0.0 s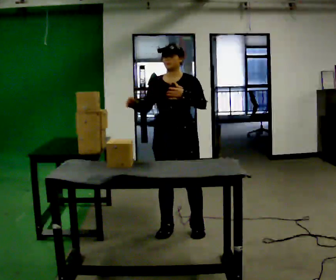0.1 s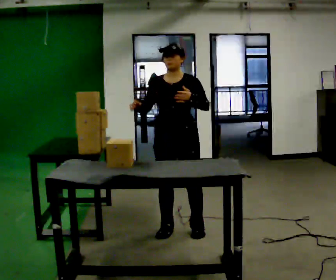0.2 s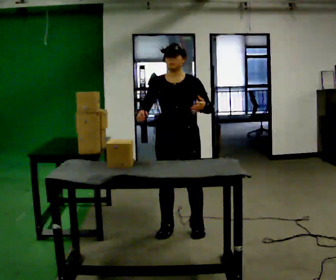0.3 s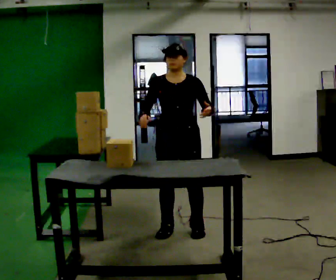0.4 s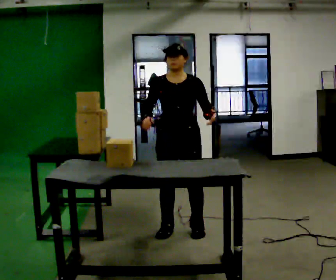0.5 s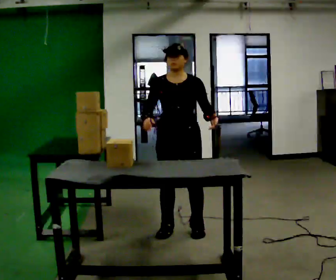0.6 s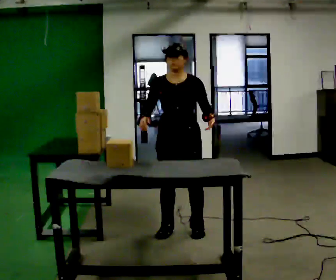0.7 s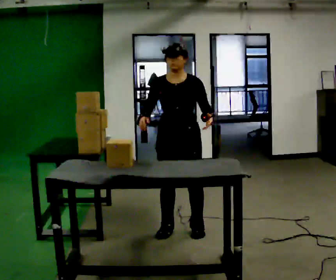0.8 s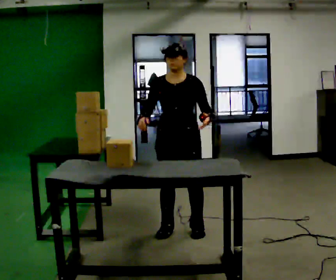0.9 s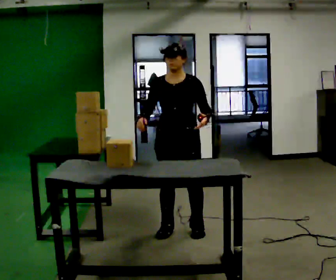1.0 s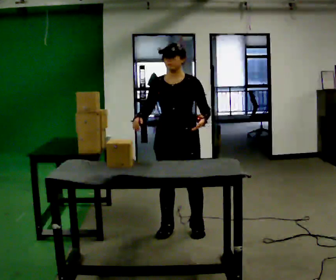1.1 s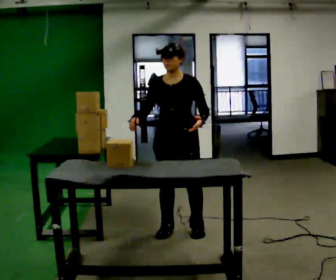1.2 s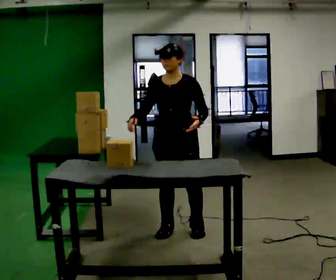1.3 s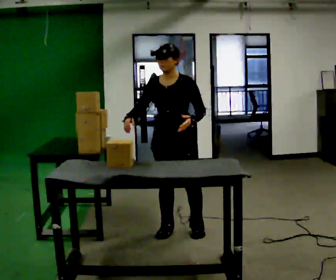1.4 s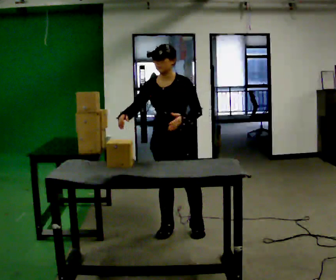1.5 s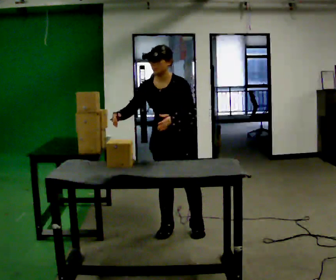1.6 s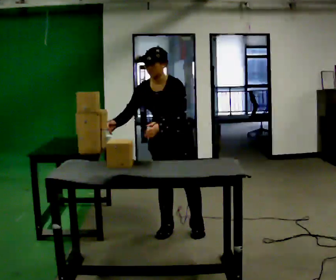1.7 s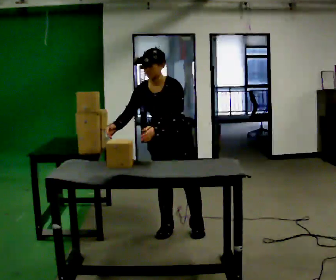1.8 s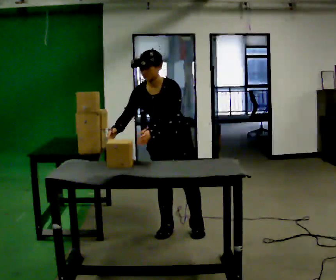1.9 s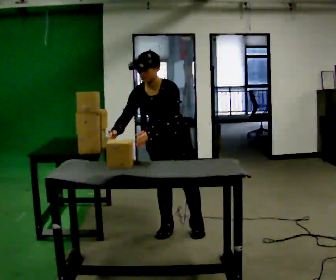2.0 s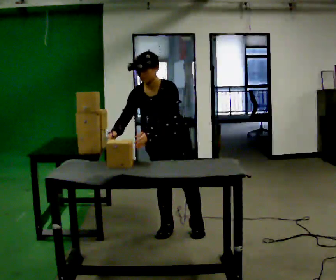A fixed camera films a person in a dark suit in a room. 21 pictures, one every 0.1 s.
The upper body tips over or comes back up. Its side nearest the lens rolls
downward.
0.0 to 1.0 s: The person moves a little, or ends about where they began.
1.0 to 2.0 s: The upper body tips toward the camera, its near side rolling downward, as they bend forward. In the picture their left hand goes to the left.
The film runs forward here.
